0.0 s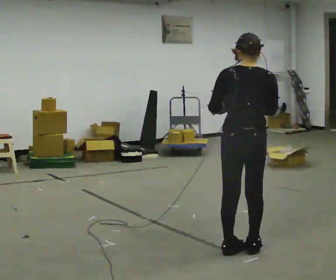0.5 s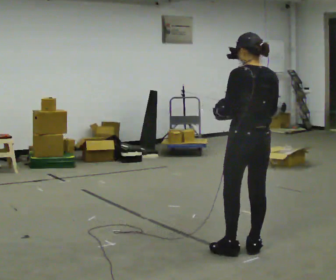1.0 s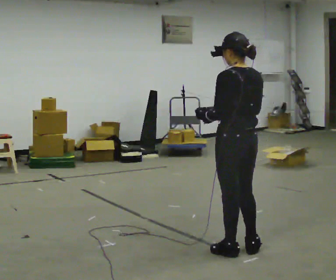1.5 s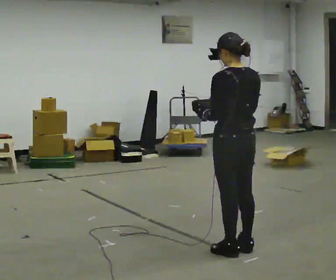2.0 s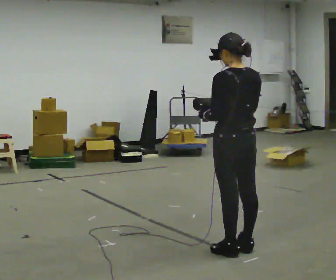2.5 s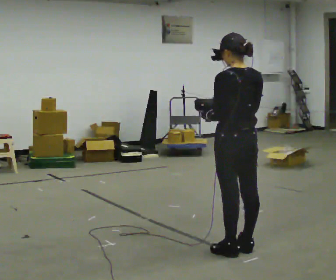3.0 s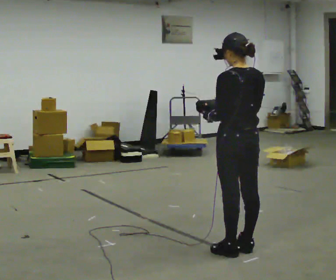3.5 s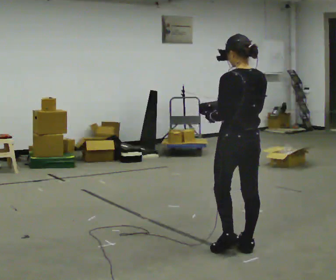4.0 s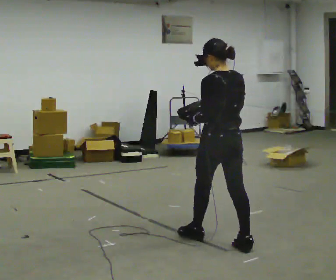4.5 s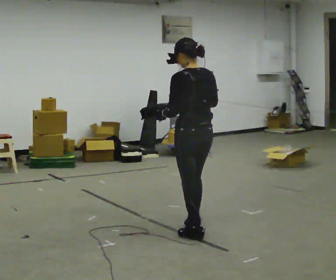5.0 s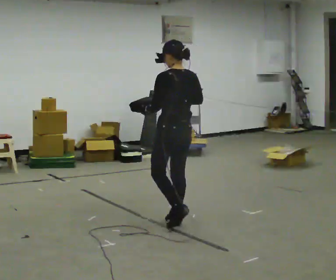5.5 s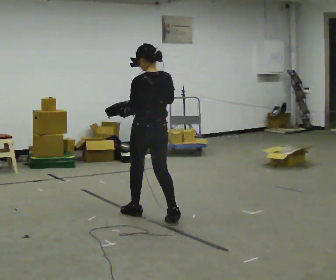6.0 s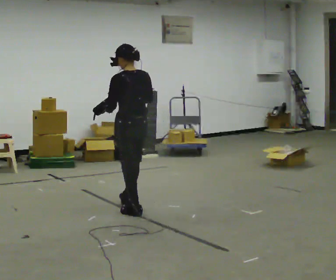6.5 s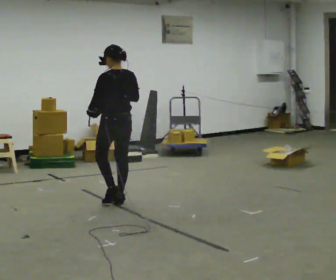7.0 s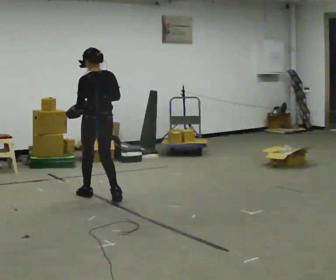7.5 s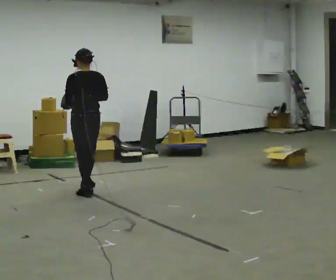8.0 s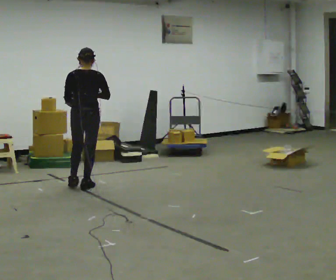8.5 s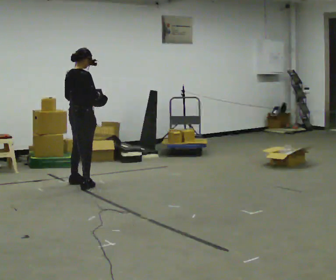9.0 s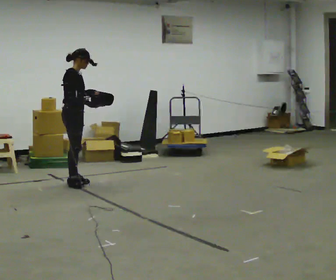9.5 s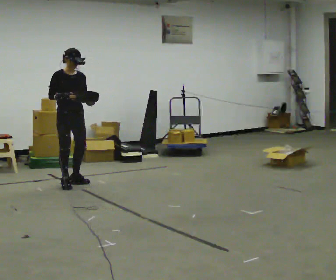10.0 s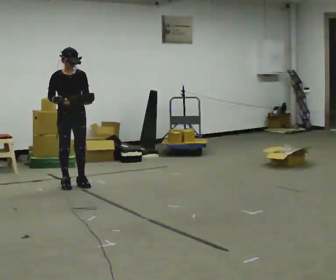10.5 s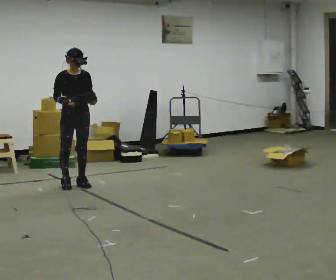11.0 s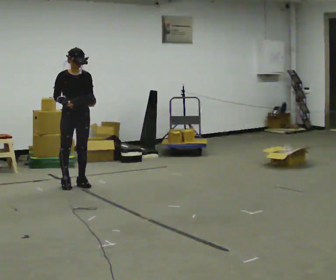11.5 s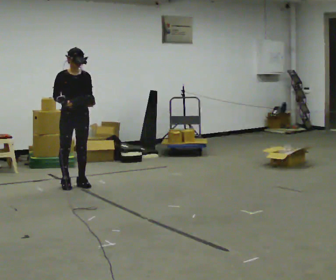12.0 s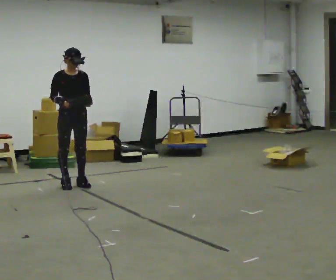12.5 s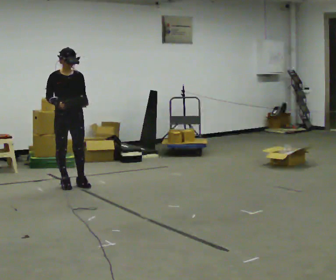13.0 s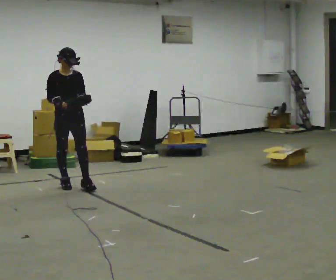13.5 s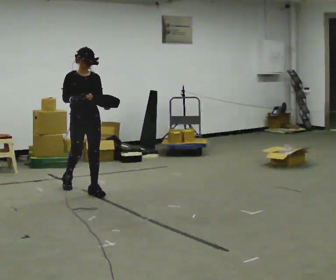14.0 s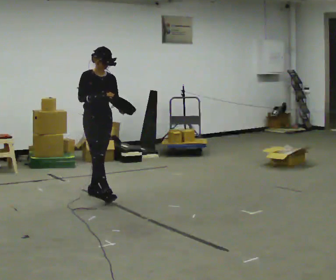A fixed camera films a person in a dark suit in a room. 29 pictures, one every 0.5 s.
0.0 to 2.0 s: Seen from above the body turns counterclockwise, about 30 degrees: to their left, with its near side sliding to the right.
2.0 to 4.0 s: In the picture they go away from the camera, about 0.25 m in 1 step, which for them is forward.
4.0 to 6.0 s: In the picture they go away from the camera and to the left, about 1 m in 2 steps, which for them is forward.
6.0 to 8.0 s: The person turns about 30 degrees to their right, clockwise seen from above, so the part of the body nearest the lens slides to the left. In the picture they go away from the camera and to the left, about 1 m in 3 steps, which for them is forward.
8.0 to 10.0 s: The part of the body nearest the lens slides to the left as the person turns to their right by about 150 degrees. In the picture they go to the left, about 0.25 m in 2 steps.
10.0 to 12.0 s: The person moves a little, or ends about where they began.
12.0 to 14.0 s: In the picture they go toward the camera and to the right, about 0.5 m in 1 step, which for them is forward.
The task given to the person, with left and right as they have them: Carry the bag and, while walking, undo the buckle or zip, then do it up again. Keep repeating as you walk. Do not stop.
The film runs forward here.
